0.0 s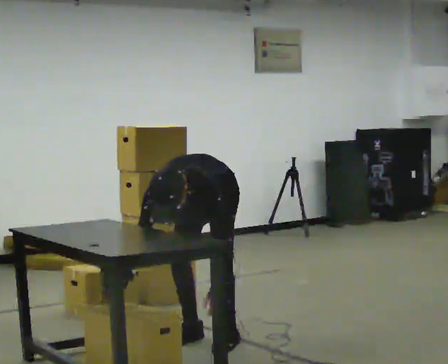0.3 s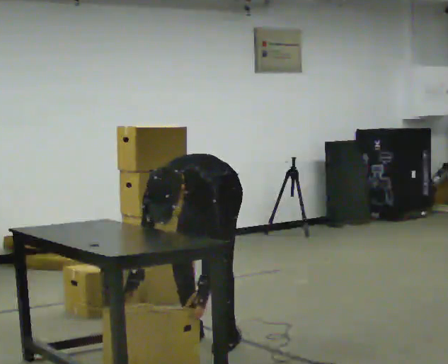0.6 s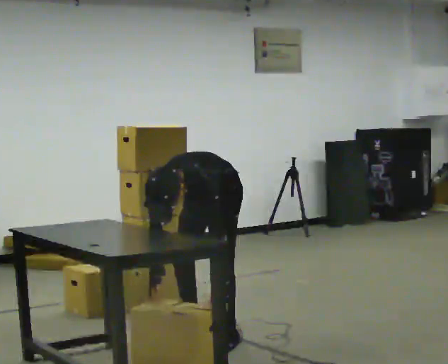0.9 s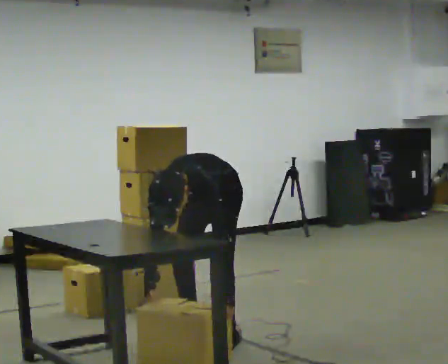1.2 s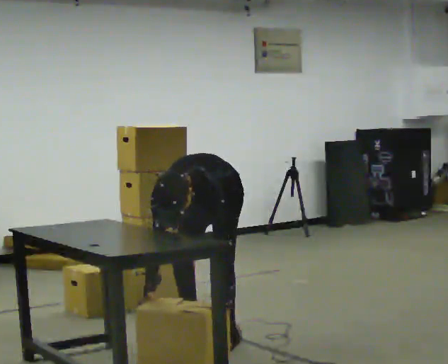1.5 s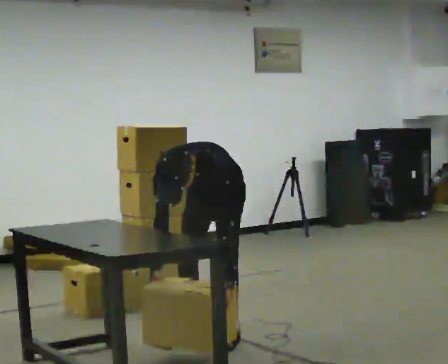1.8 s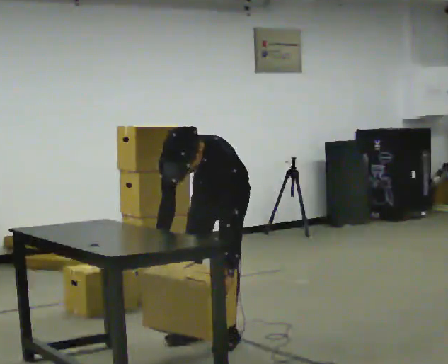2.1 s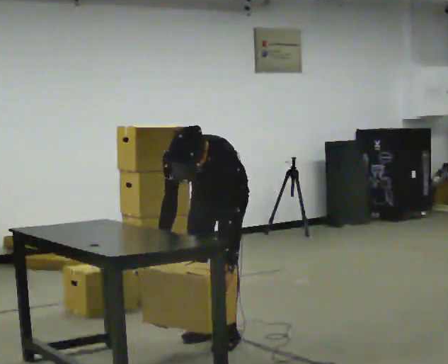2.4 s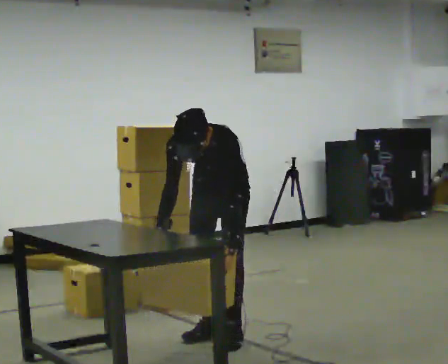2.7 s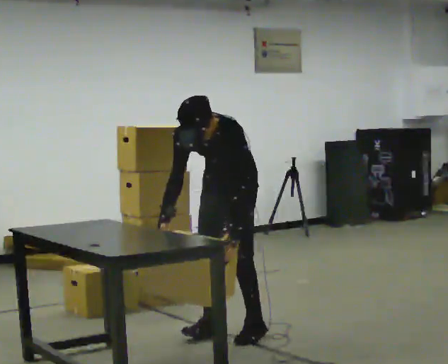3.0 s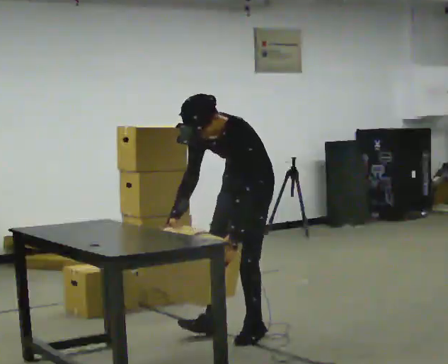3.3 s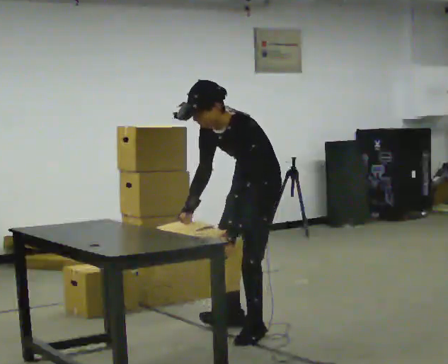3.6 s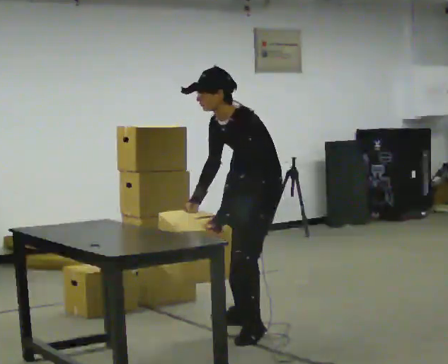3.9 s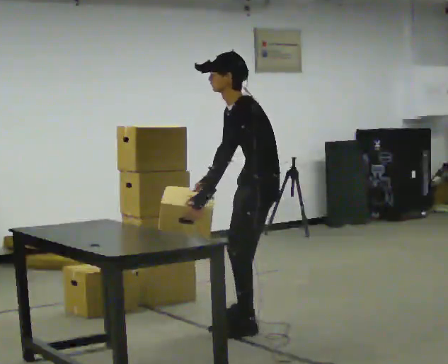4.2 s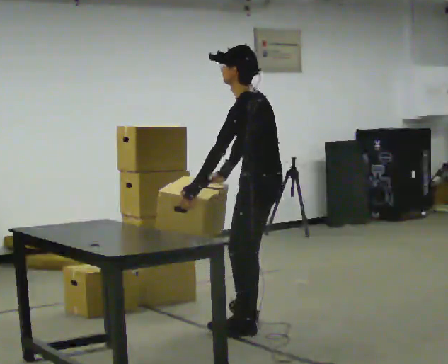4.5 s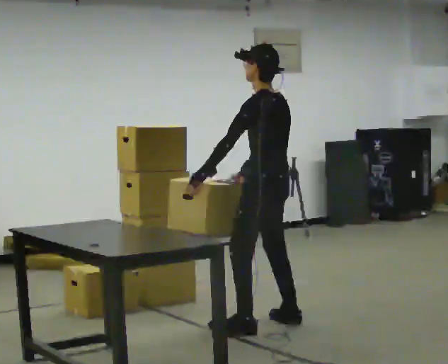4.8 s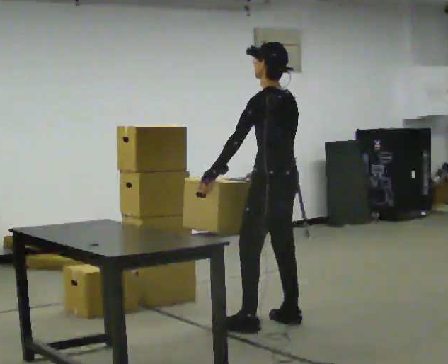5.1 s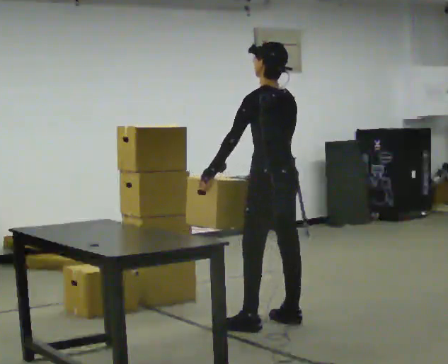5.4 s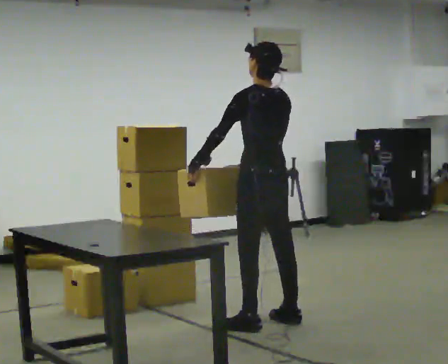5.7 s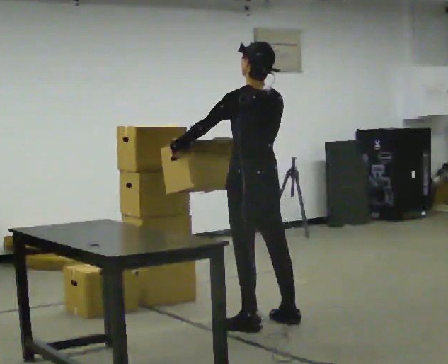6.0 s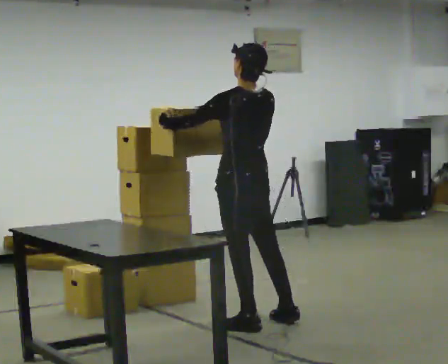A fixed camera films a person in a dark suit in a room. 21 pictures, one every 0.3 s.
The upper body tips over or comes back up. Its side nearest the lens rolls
upward.
Their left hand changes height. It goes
upward.
0.0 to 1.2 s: The person moves a little, or ends about where they began.
1.2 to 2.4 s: In the picture they go away from the camera, about 0.25 m, which for them is backward. The upper body goes upward. The upper body tips away from the camera, its near side rolling upward, as they lean back or straighten.
2.4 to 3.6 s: The person turns about 45 degrees to their right, clockwise seen from above, so the part of the body nearest the lens slides to the left. In the picture they go to the right, about 0.25 m in 2 steps, which for them is backward and to their left. The upper body tips away from the camera, its near side rolling upward, as they lean back or straighten.
3.6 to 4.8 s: Seen from above the body turns clockwise, about 60 degrees: to their right, with its near side sliding to the left. The upper body tips away from the camera, its near side rolling upward, as they lean back or straighten.
4.8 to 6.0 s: In the picture they go to the left, about 0.25 m, which for them is to their left and forward. In the picture their right hand goes upward.
The film runs forward here.
